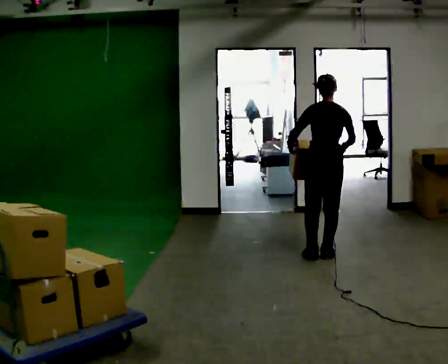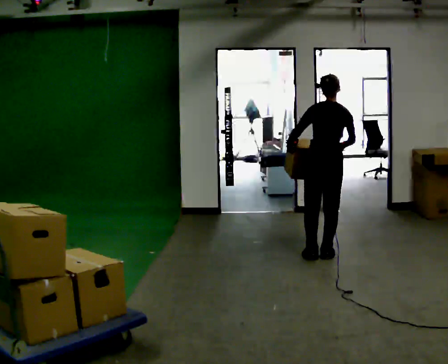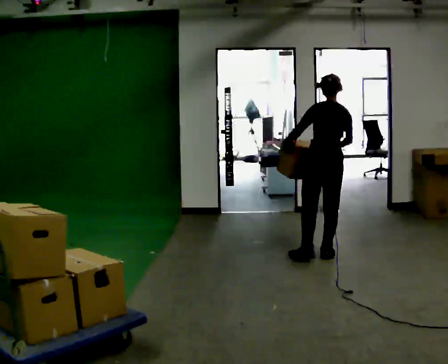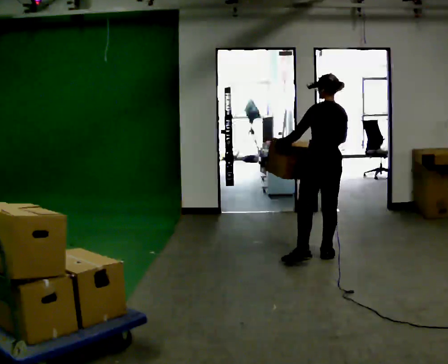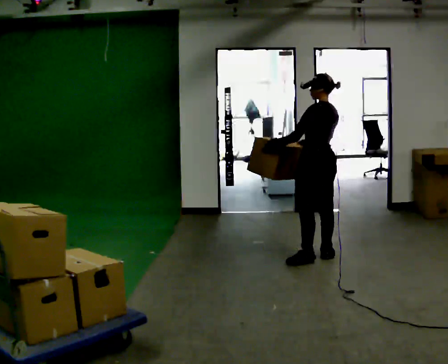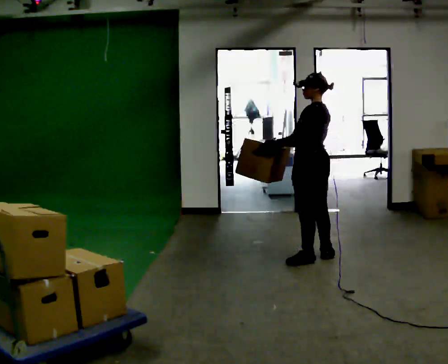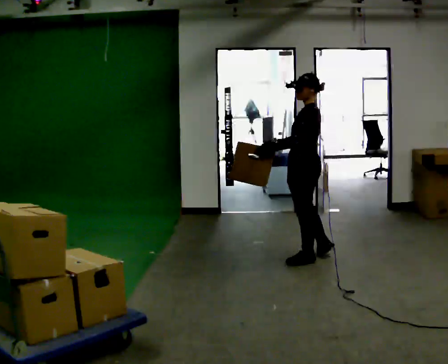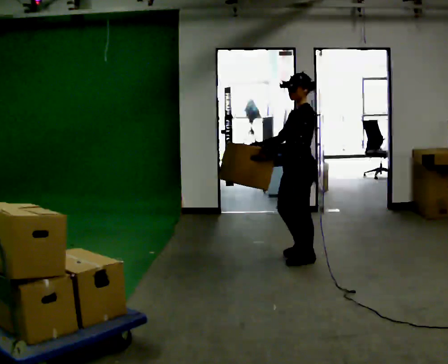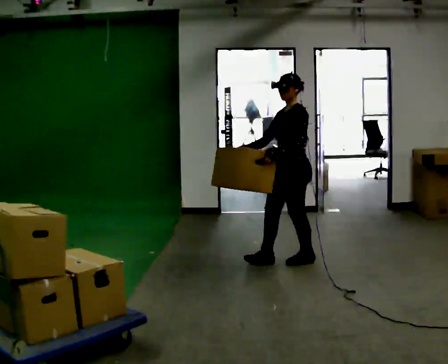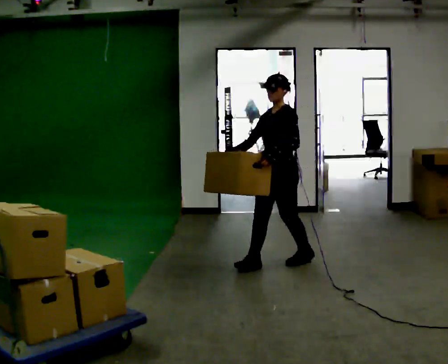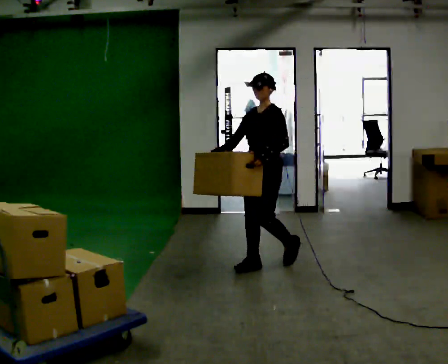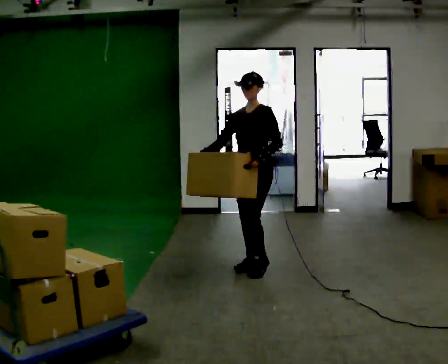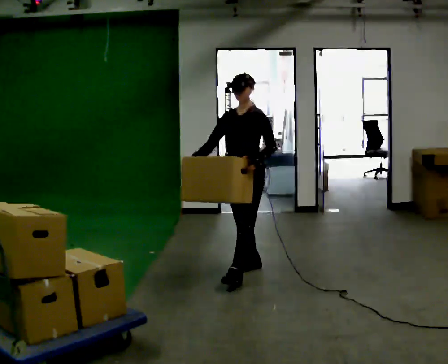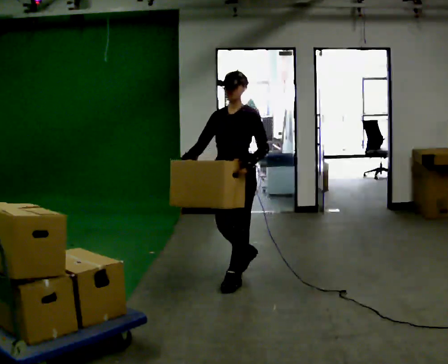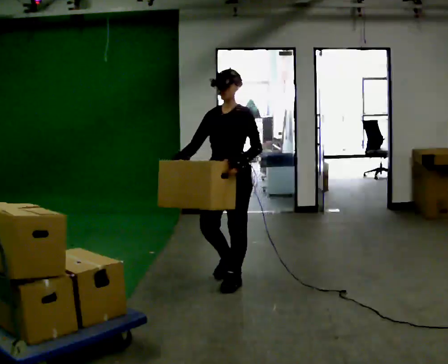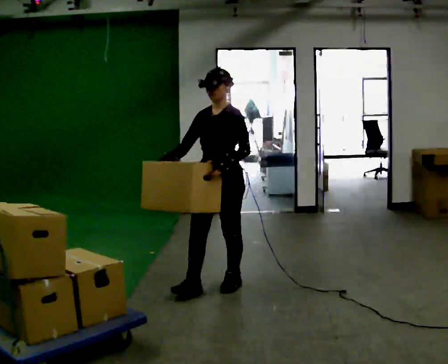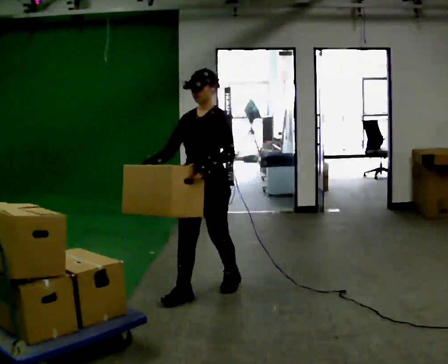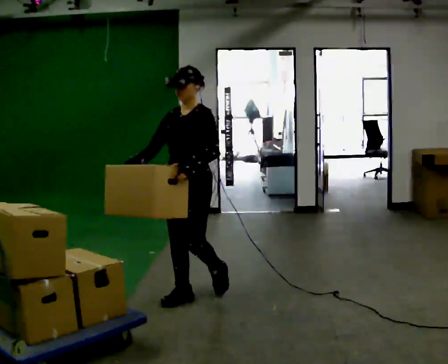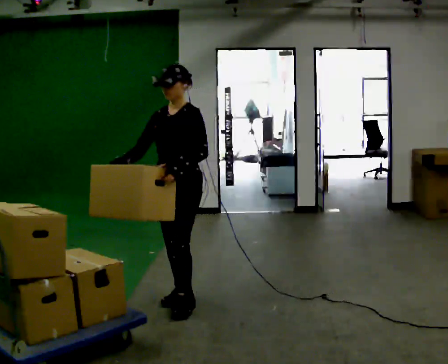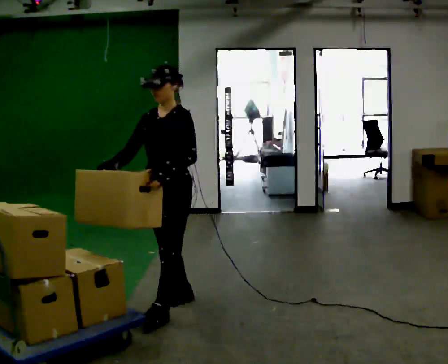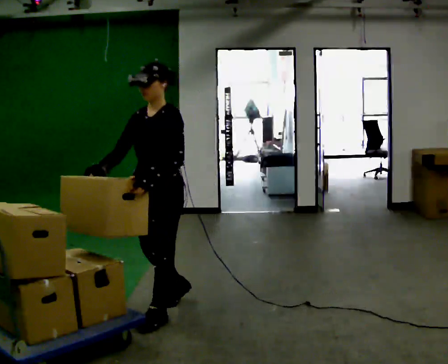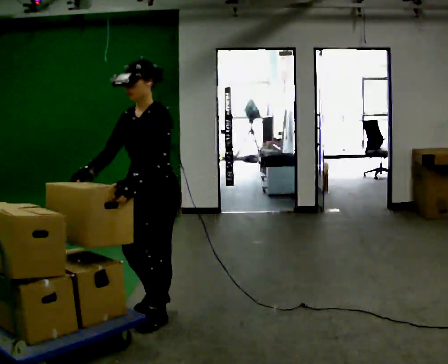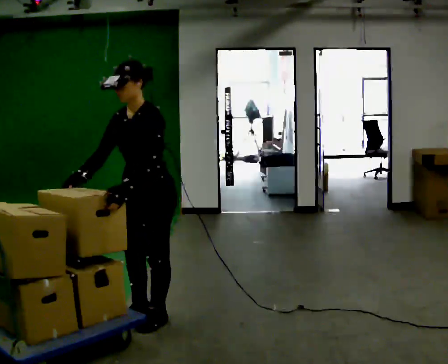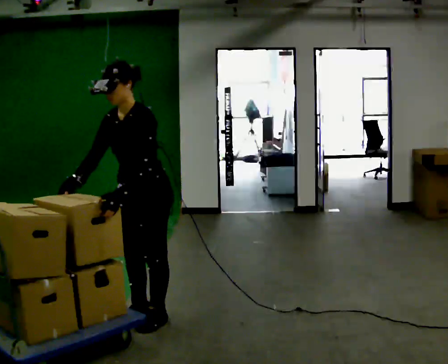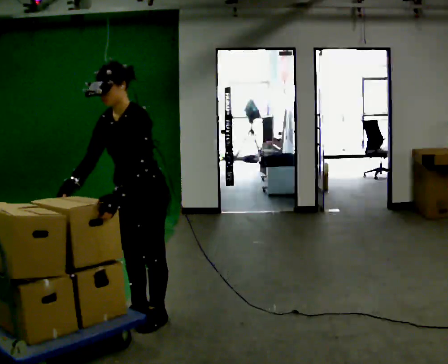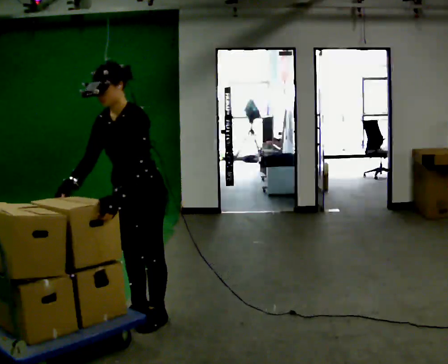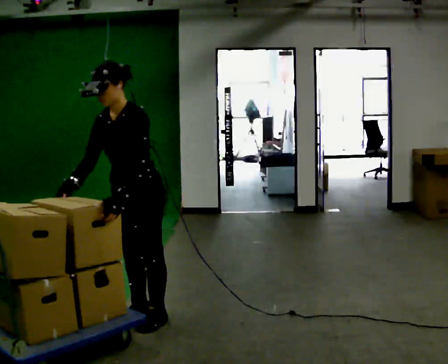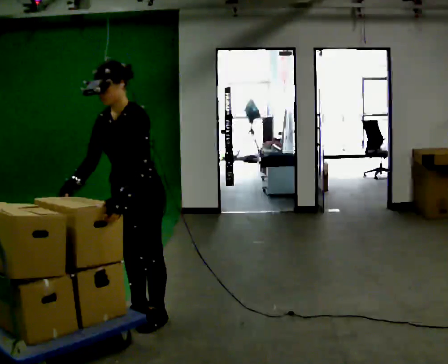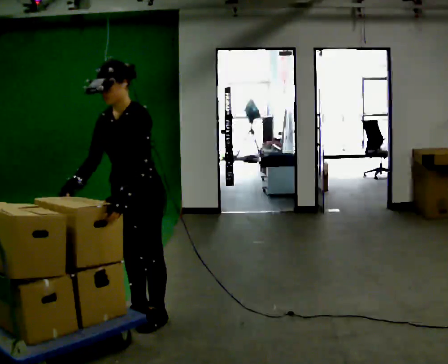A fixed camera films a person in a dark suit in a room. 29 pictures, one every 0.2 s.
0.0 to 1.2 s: The person turns about 75 degrees to their left, counterclockwise seen from above, so the part of the body nearest the lens slides to the right. In the picture they go to the left, about 0.25 m. In the picture their right hand goes to the left.
1.2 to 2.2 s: Seen from above the body turns counterclockwise, about 60 degrees: to their left, with its near side sliding to the right. In the picture they go to the left and toward the camera, about 0.5 m in 1 step.
2.2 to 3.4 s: In the picture they go toward the camera and to the left, about 1 m in 2 steps, which for them is forward.
3.4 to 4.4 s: In the picture they go toward the camera and to the left, about 0.5 m in 2 steps, which for them is forward.
4.4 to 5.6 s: The person moves a little, or ends about where they began.
The film runs forward here.
